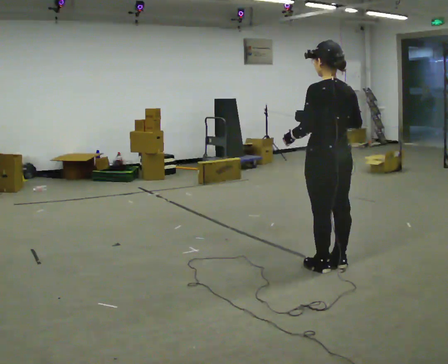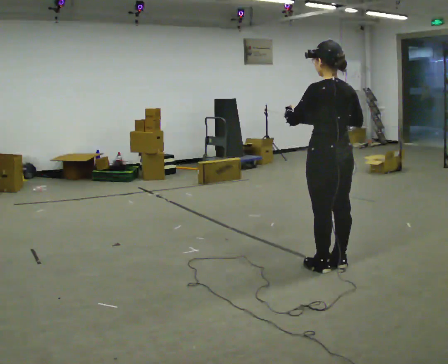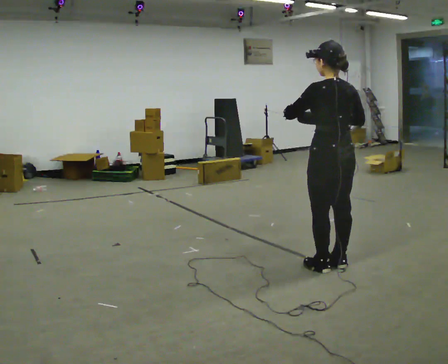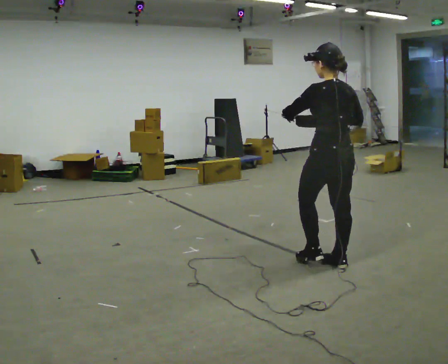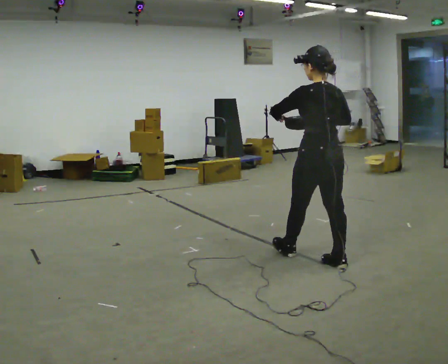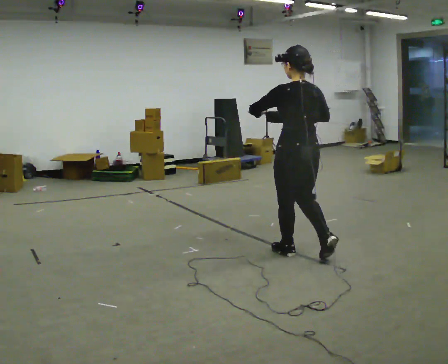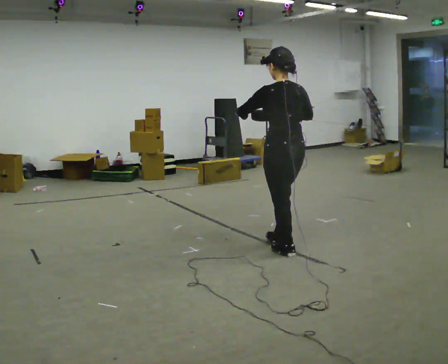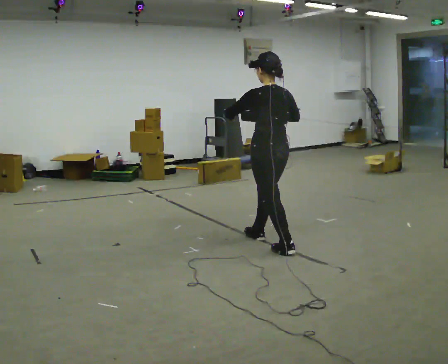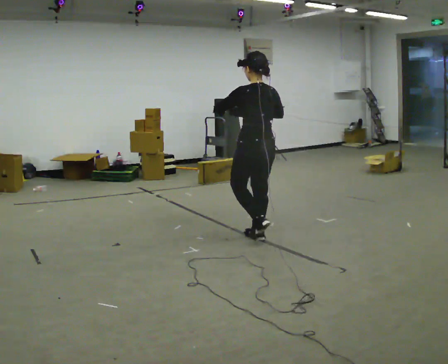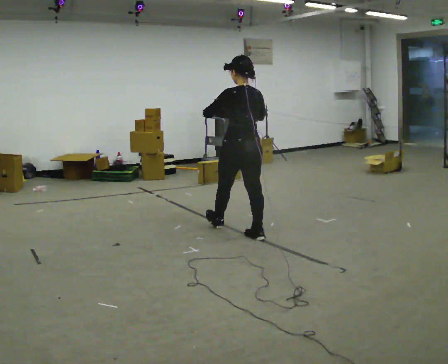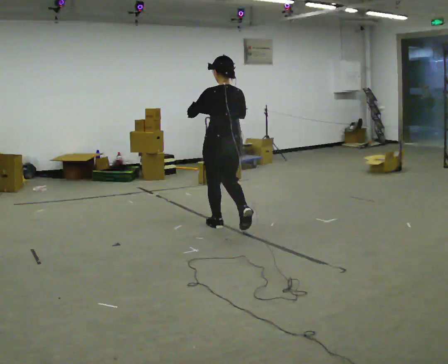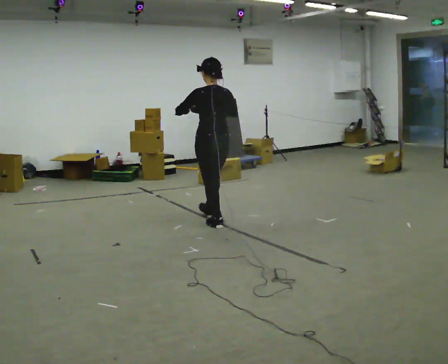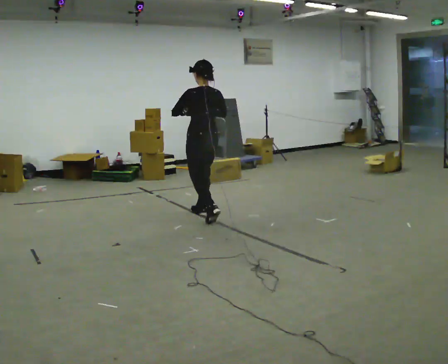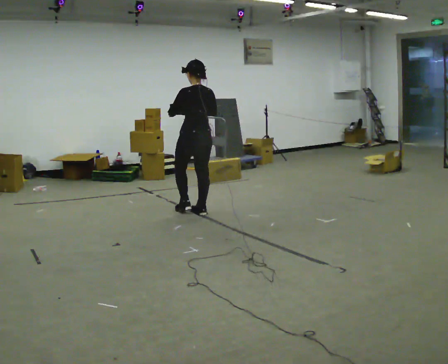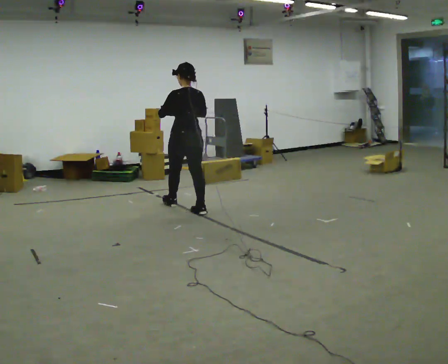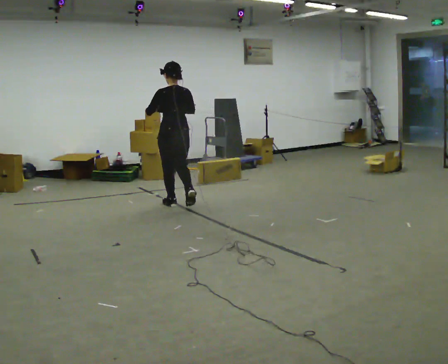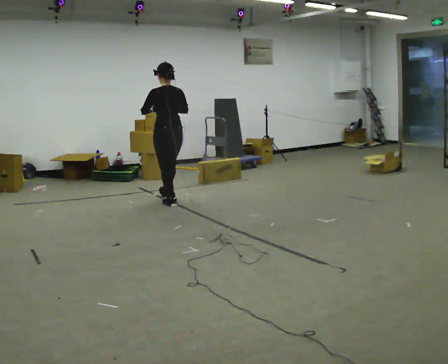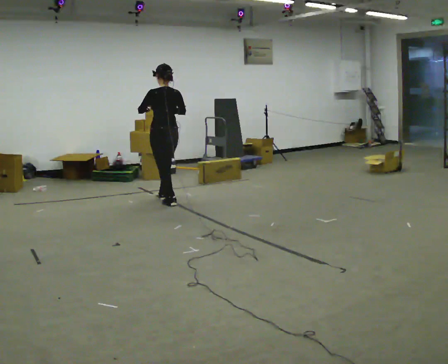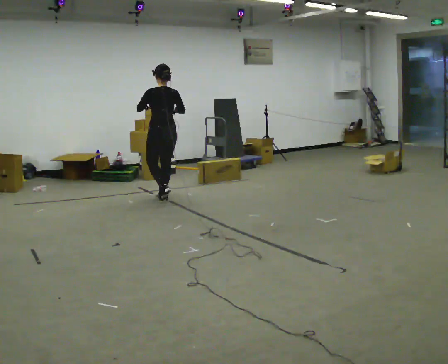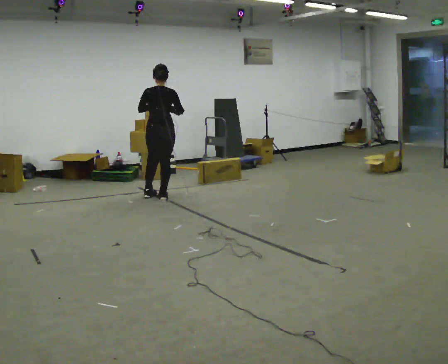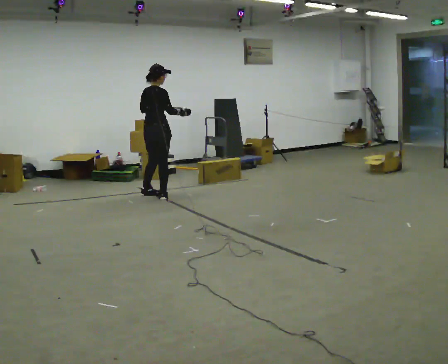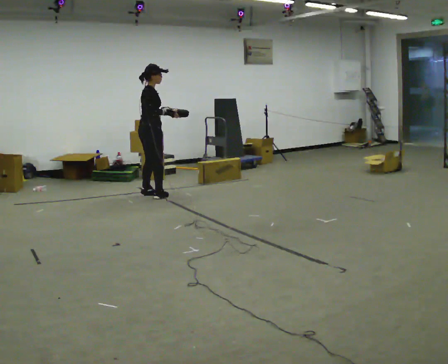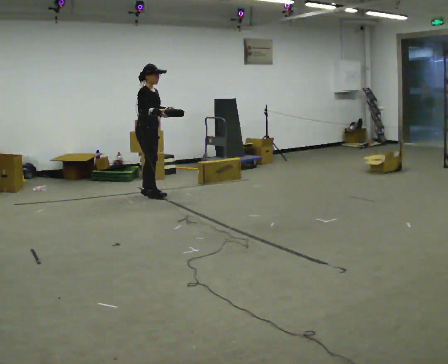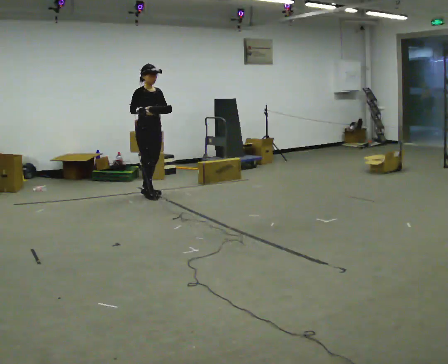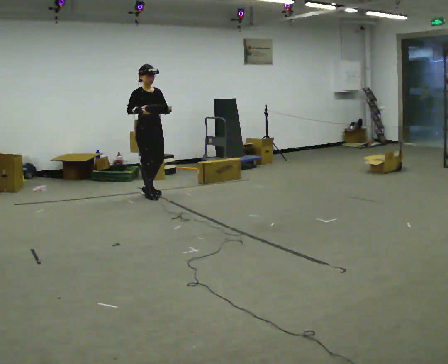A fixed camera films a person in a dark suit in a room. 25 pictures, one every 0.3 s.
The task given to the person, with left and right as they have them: Carry the bag and, while walking, undo the buckle or zip, then do it up again. Keep repeating as you walk. Do not stop.
0.0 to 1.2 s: The person moves a little, or ends about where they began.
1.2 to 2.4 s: In the picture they go away from the camera and to the left, about 1 m in 1 step, which for them is forward.
2.4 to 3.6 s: In the picture they go away from the camera and to the left, about 1 m in 2 steps, which for them is forward.
3.6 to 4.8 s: In the picture they go away from the camera and to the left, about 0.5 m in 1 step, which for them is forward.
4.8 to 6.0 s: The part of the body nearest the lens slides to the left as the person turns to their right by about 75 degrees. In the picture they go away from the camera and to the left, about 0.5 m in 2 steps.
6.0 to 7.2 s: The part of the body nearest the lens slides to the left as the person turns to their right by about 105 degrees. In the picture their right hand goes to the left.
The film runs forward here.
